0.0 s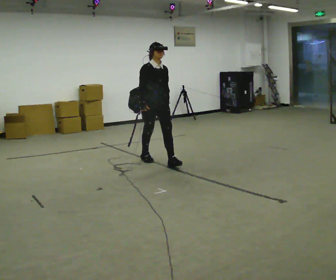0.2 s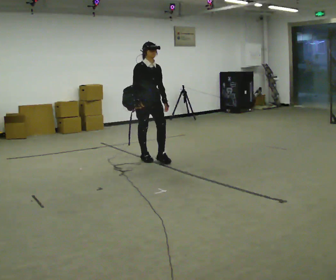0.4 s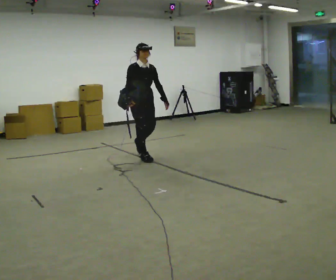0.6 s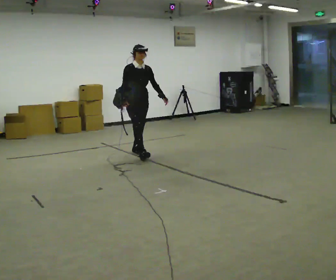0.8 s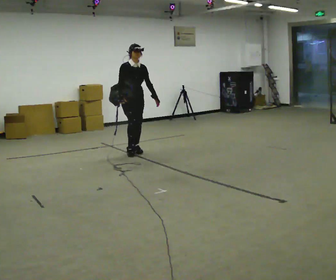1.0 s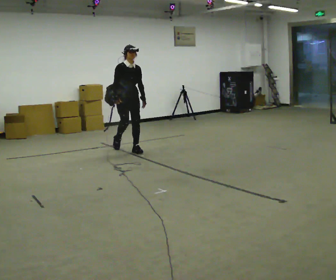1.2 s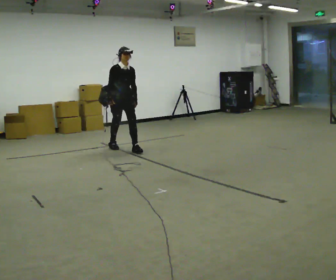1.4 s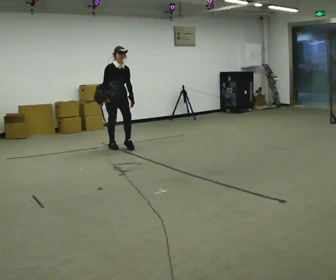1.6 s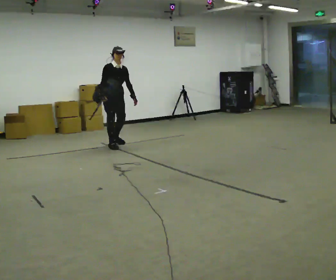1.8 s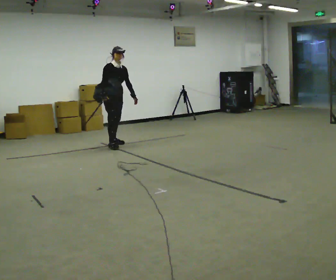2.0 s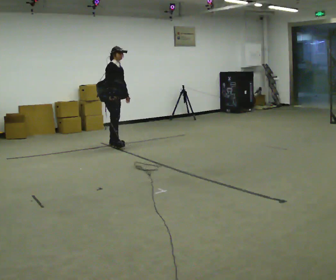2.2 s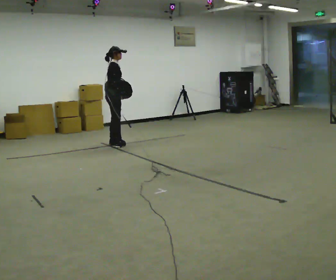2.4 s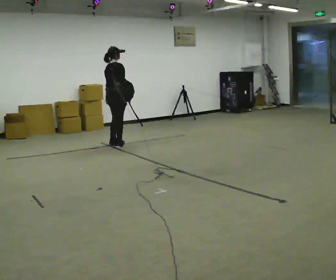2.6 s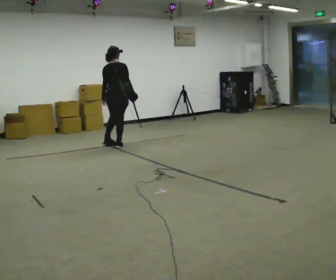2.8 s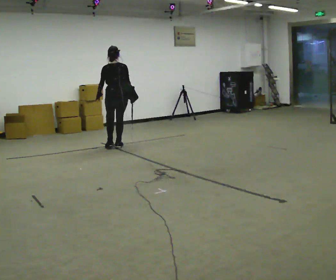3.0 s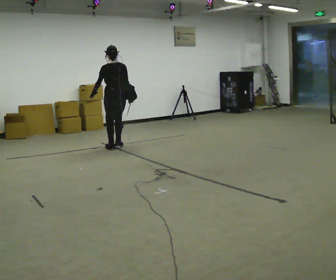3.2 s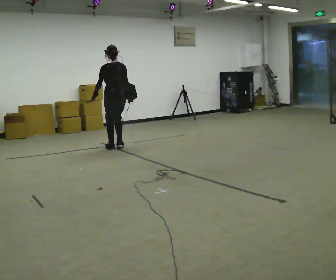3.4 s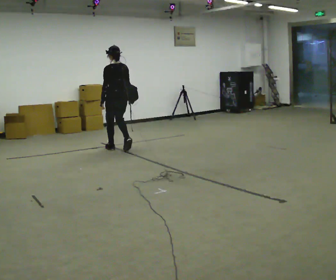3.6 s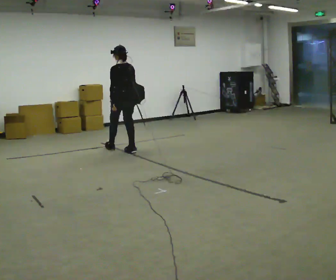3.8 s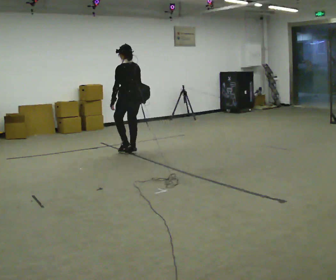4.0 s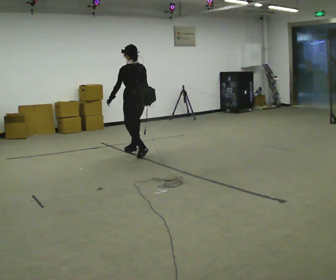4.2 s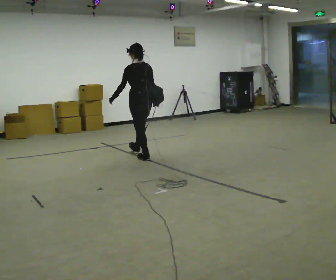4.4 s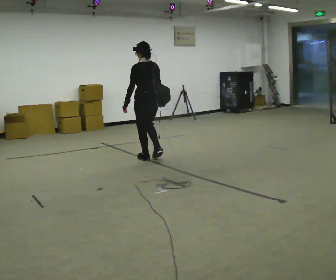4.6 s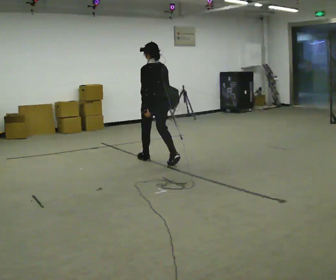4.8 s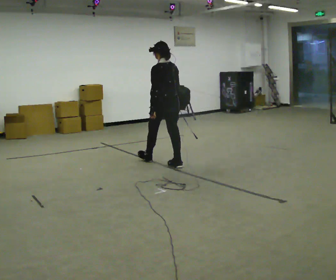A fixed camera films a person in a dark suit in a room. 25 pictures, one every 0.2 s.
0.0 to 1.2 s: In the picture they go away from the camera and to the left, about 1 m in 1 step, which for them is backward.
1.2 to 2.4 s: The person turns about 105 degrees to their left, counterclockwise seen from above, so the part of the body nearest the lens slides to the right. In the picture they go away from the camera, about 0.25 m in 1 step.
2.4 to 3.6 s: The part of the body nearest the lens slides to the right as the person turns to their left by about 90 degrees. In the picture they go toward the camera, about 0.5 m in 3 steps.
3.6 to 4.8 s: In the picture they go toward the camera and to the right, about 1 m in 2 steps, which for them is backward.
The film runs backward here.
